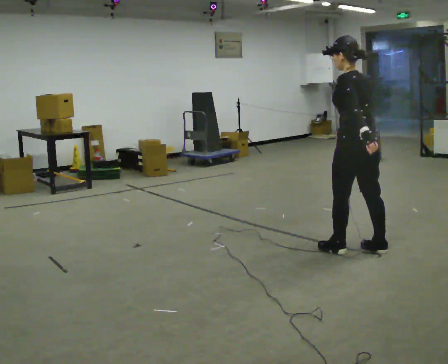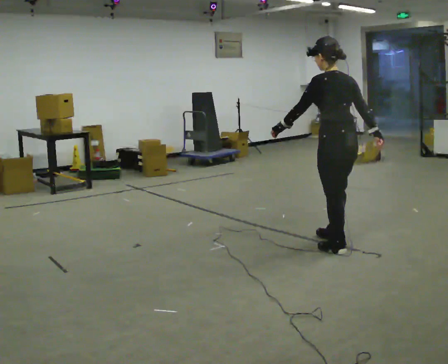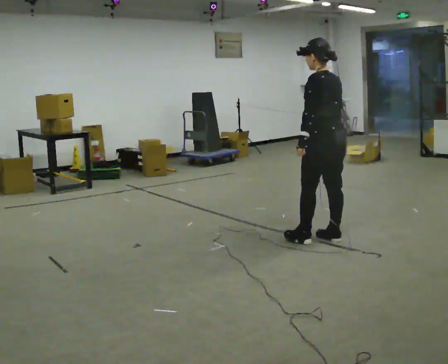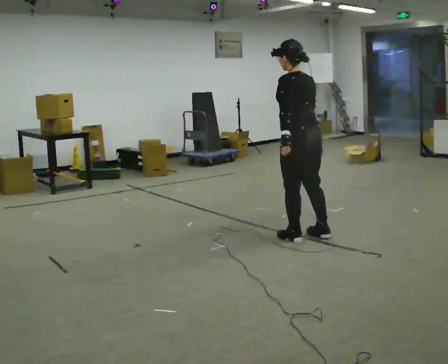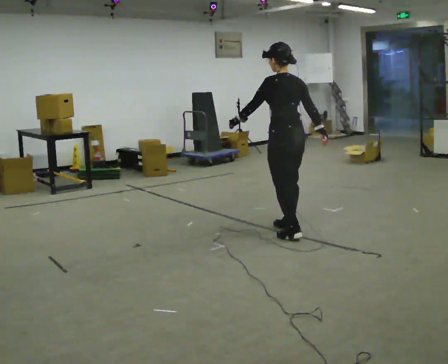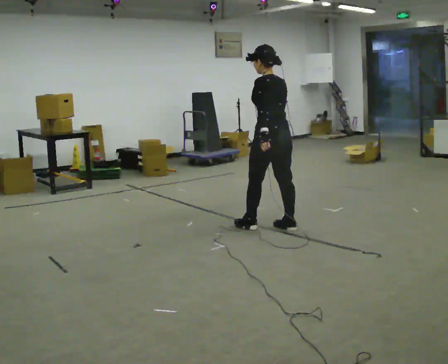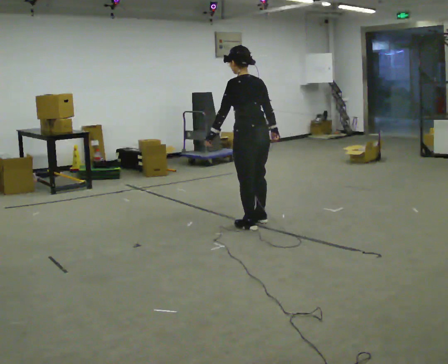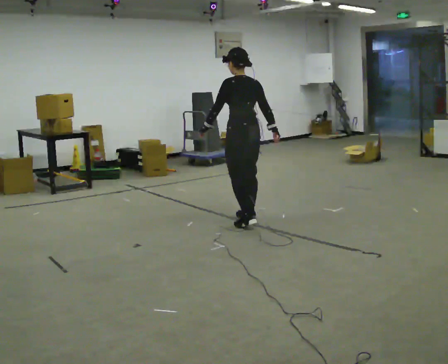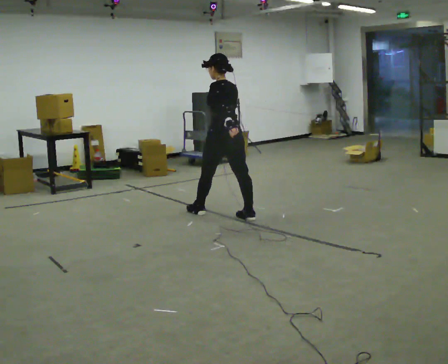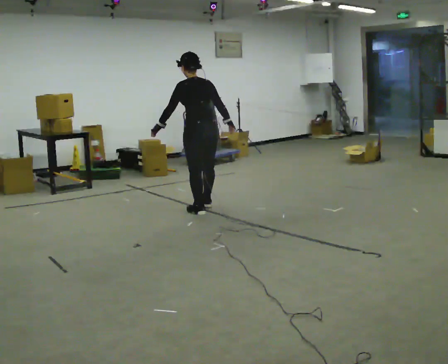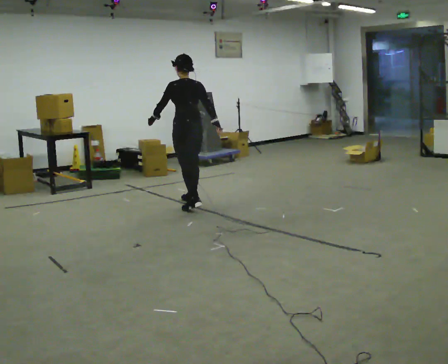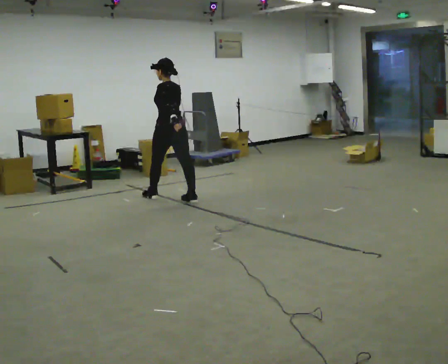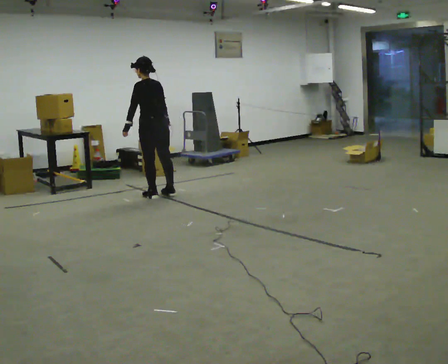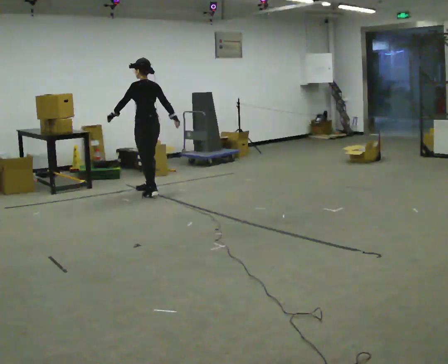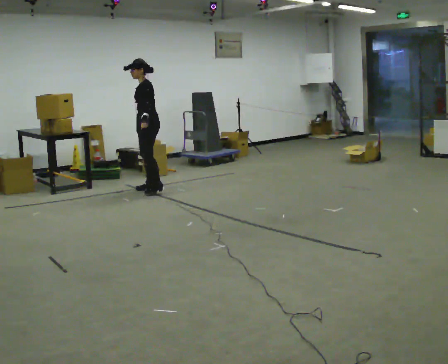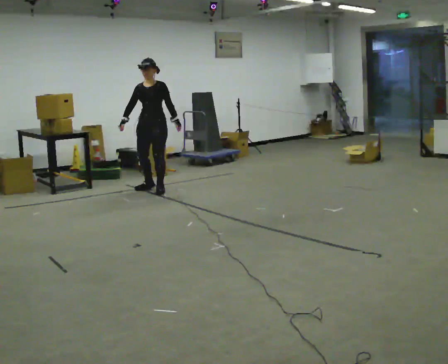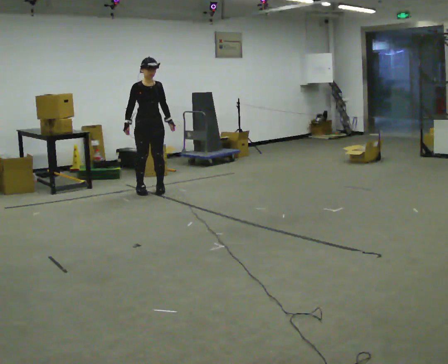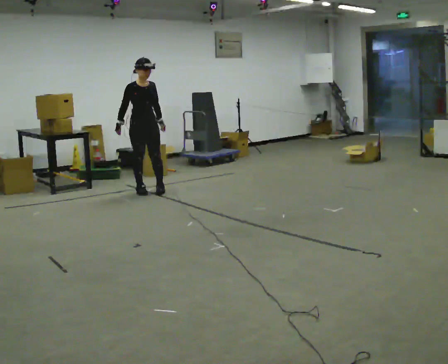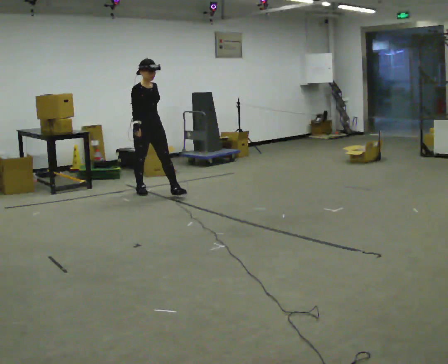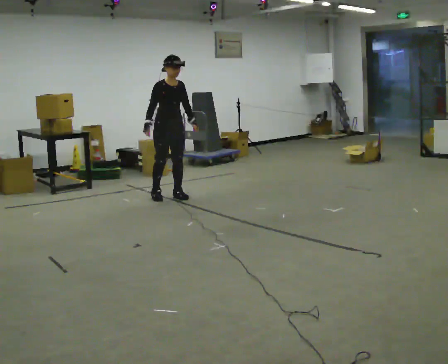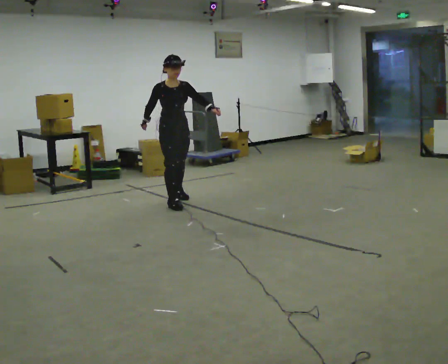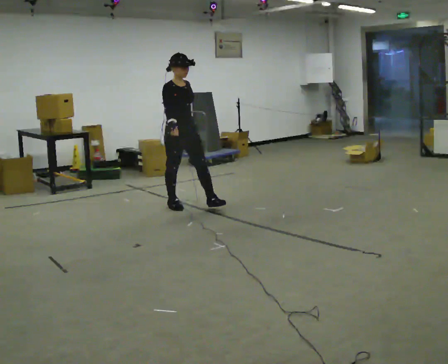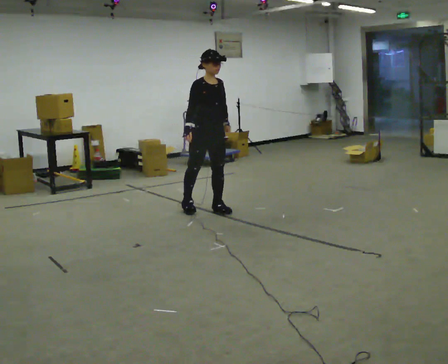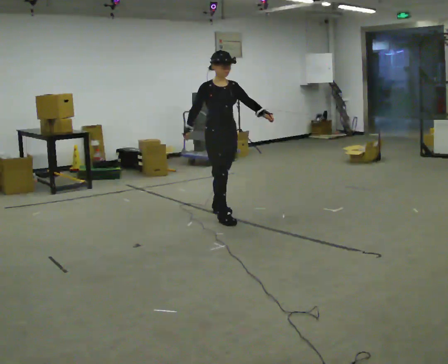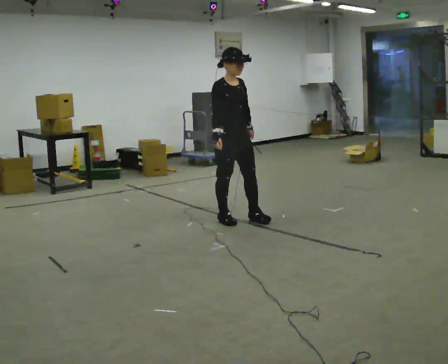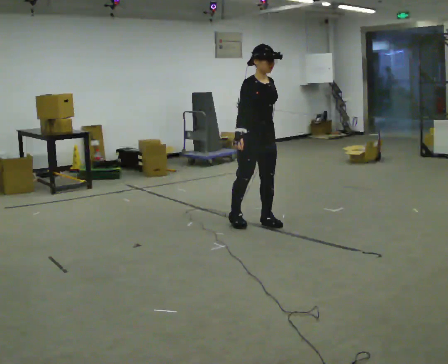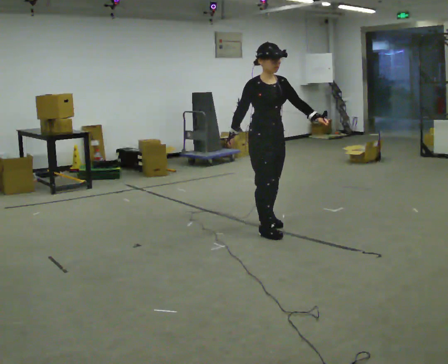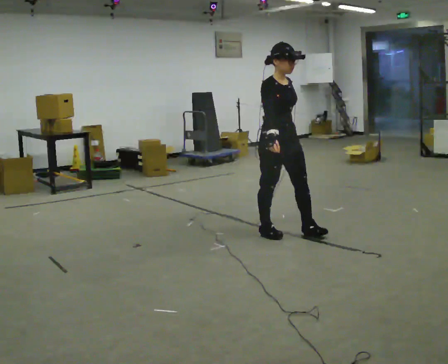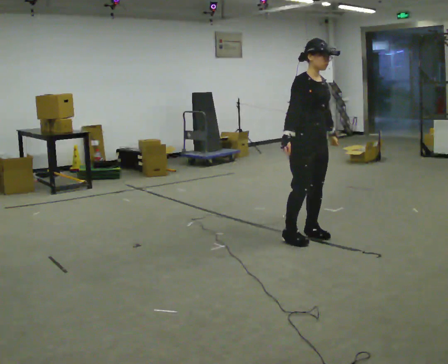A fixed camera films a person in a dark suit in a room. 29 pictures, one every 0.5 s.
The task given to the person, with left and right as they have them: Walk forward with your feet closer together than normal, or further apart than normal, as the operator states; stop.
0.0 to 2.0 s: In the picture they go away from the camera and to the left, about 1 m in 3 steps, which for them is forward.
2.0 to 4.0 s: In the picture they go away from the camera and to the left, about 1 m in 3 steps, which for them is forward.
4.0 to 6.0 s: In the picture they go away from the camera and to the left, about 1 m in 2 steps, which for them is forward.
6.0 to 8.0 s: Seen from above the body turns counterclockwise, about 165 degrees: to their left, with its near side sliding to the right. In the picture they go away from the camera, about 0.25 m in 3 steps.
8.0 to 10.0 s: In the picture they go toward the camera, about 0.75 m in 2 steps, which for them is forward.
10.0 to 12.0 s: In the picture they go toward the camera and to the right, about 1 m in 2 steps, which for them is forward.
12.0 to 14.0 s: In the picture they go toward the camera and to the right, about 1 m in 3 steps, which for them is forward.
The film runs forward here.
